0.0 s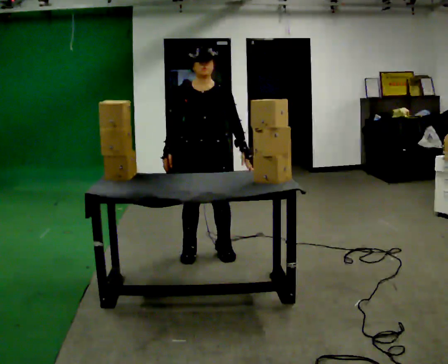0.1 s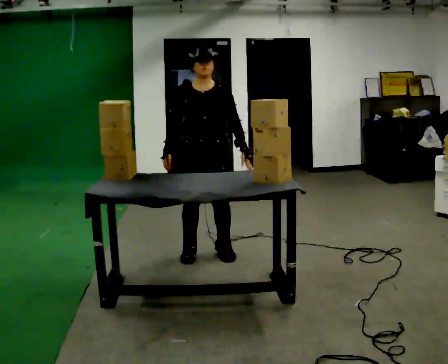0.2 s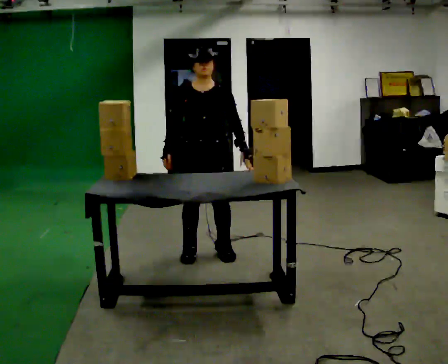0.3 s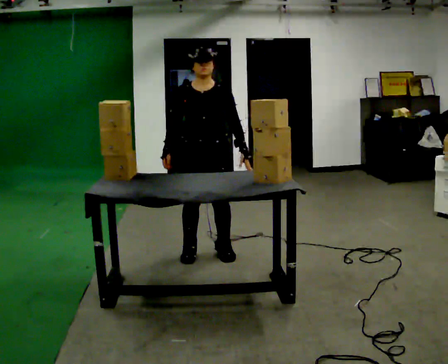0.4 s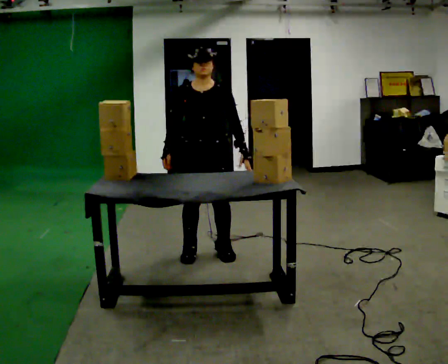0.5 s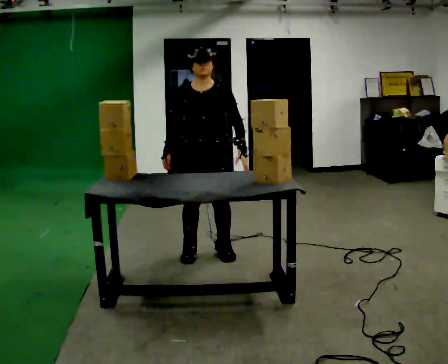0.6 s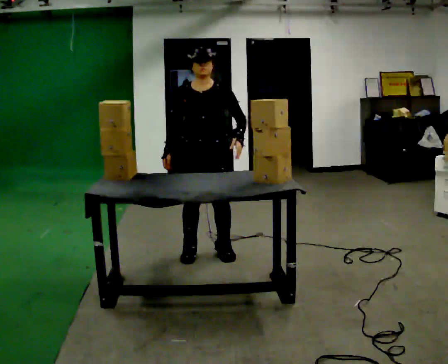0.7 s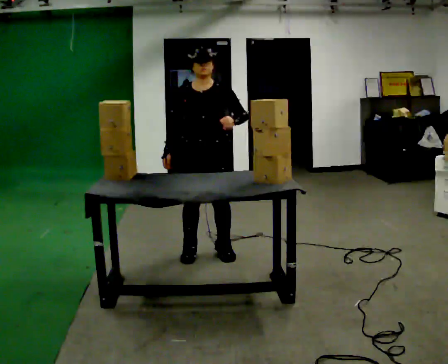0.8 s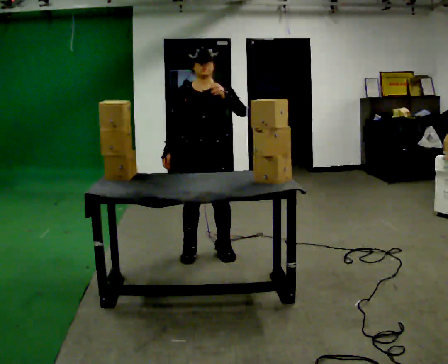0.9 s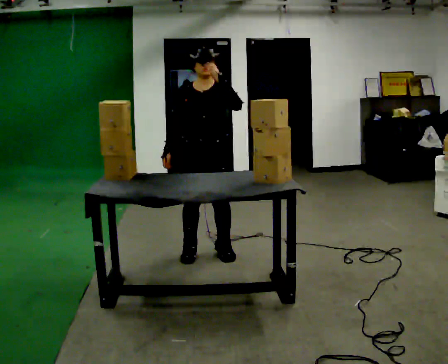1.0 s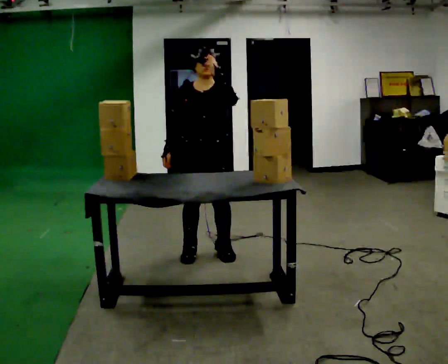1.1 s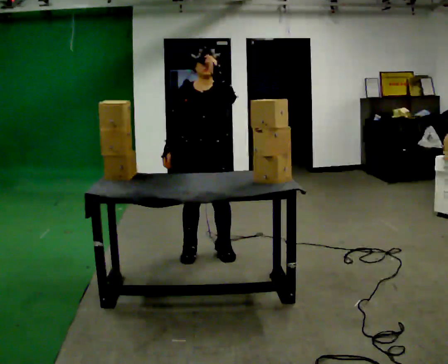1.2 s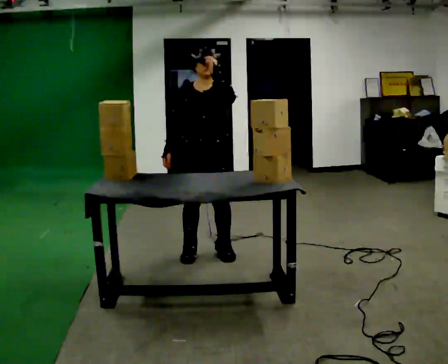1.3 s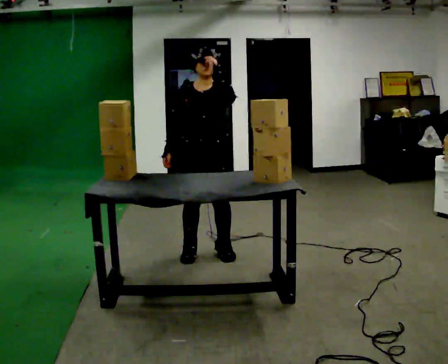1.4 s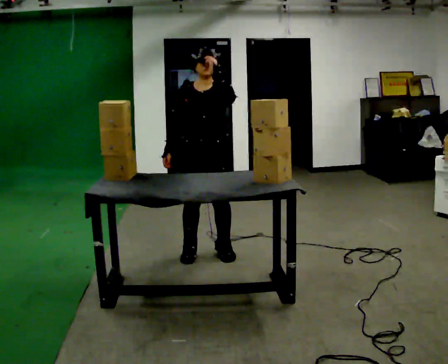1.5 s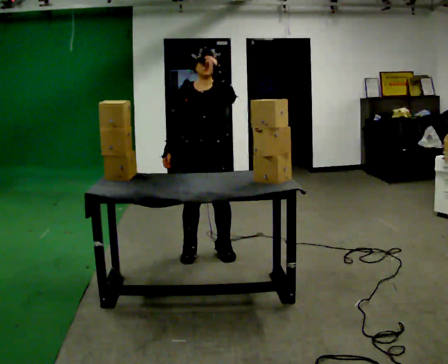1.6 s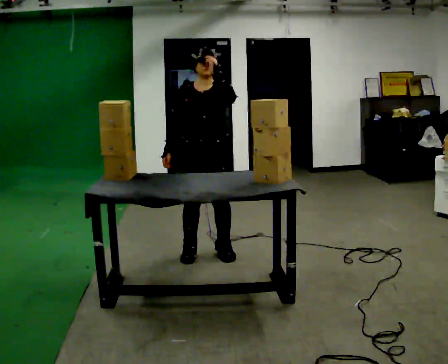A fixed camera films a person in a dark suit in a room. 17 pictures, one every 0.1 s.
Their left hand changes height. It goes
upward.
0.0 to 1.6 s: In the picture their left hand goes upward.
The film runs backward here.
